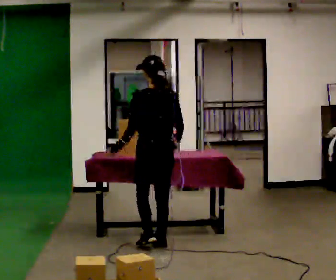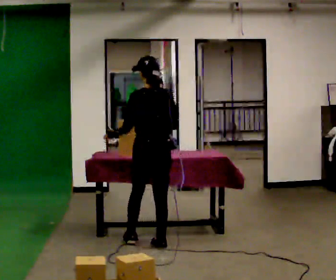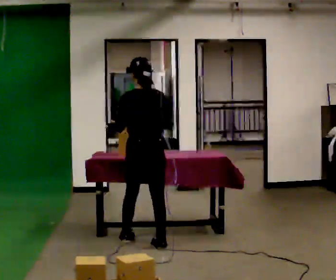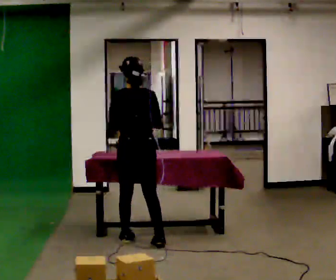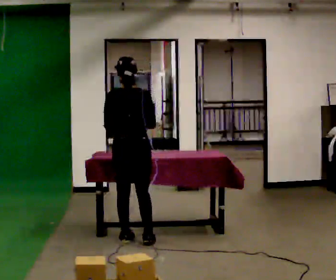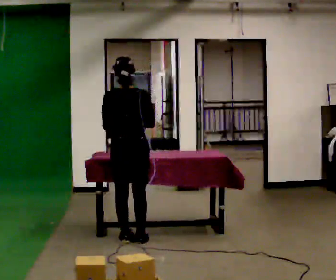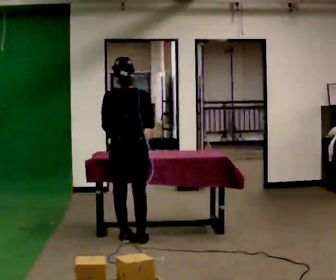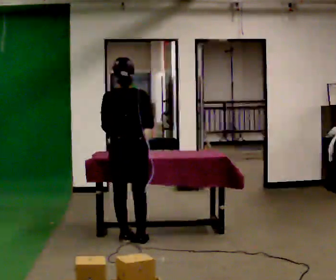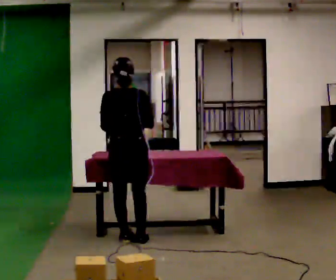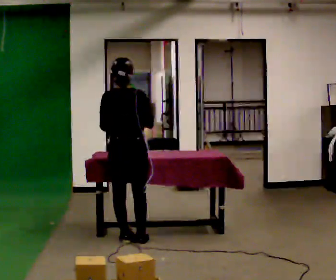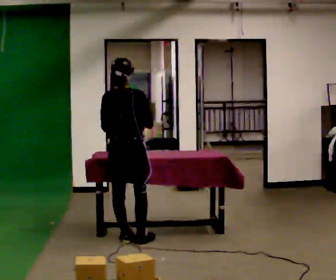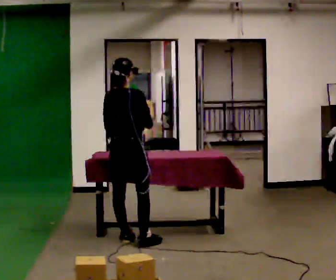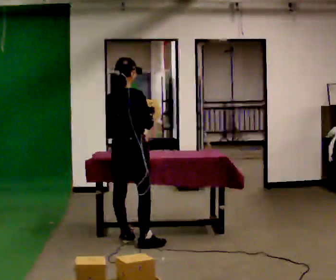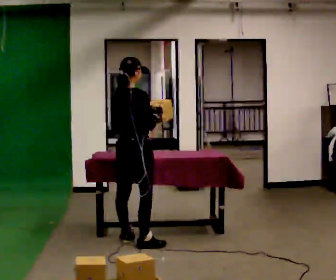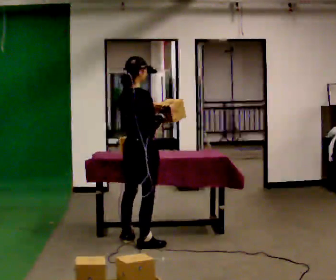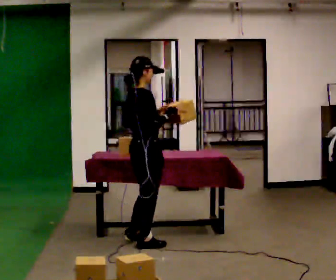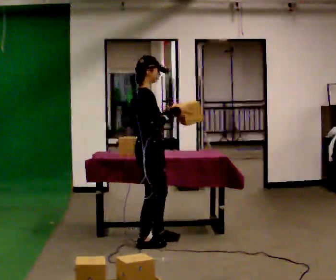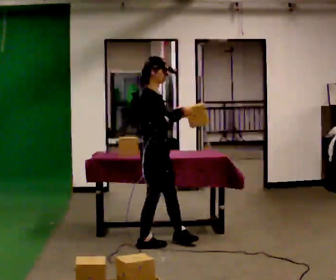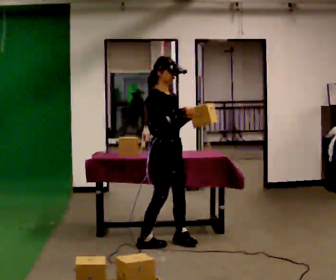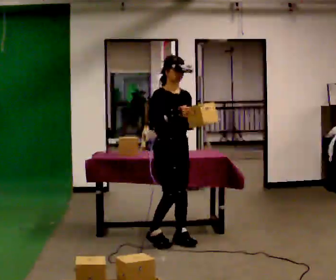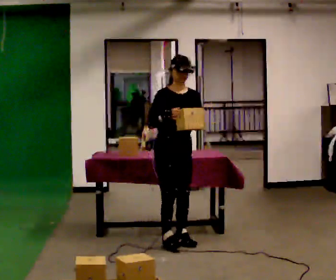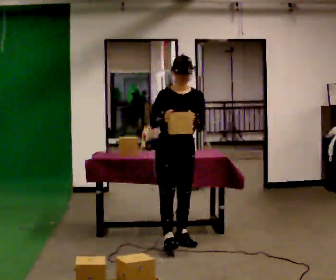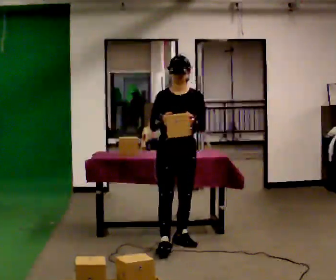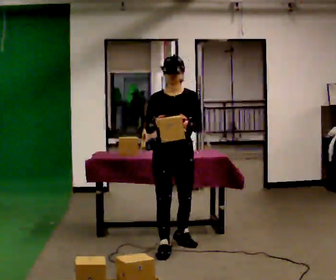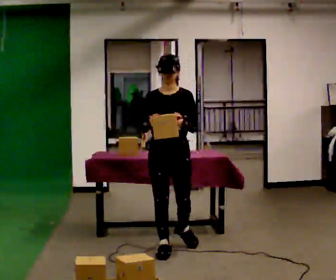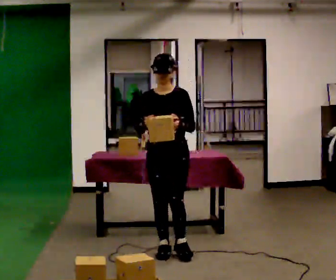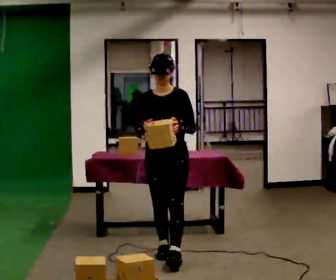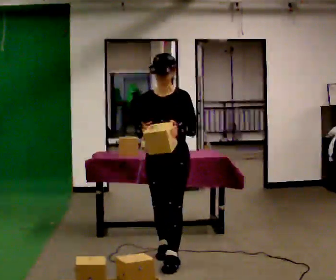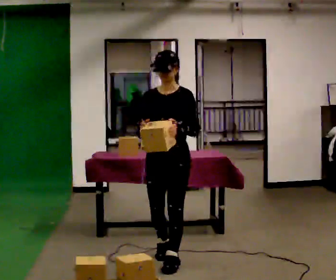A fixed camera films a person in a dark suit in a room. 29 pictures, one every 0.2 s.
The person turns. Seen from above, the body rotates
clockwise.
The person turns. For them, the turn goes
to their right.
0.0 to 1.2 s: Seen from above the body turns clockwise, about 30 degrees: to their right, with its near side sliding to the left. In the picture they go to the left and away from the camera, about 0.25 m in 2 steps, which for them is to their left and forward.
1.2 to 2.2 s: The part of the body nearest the lens slides to the left as the person turns to their right by about 30 degrees.
2.2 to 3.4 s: The part of the body nearest the lens slides to the left as the person turns to their right by about 75 degrees. In the picture they go to the right, about 0.25 m in 1 step.
3.4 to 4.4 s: The person turns about 75 degrees to their right, clockwise seen from above, so the part of the body nearest the lens slides to the left. In the picture they go to the right, about 0.25 m in 1 step.
4.4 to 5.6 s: In the picture they go toward the camera, about 0.5 m in 1 step, which for them is forward.
The film runs forward here.
